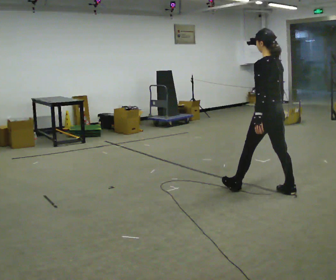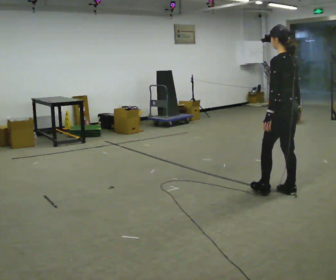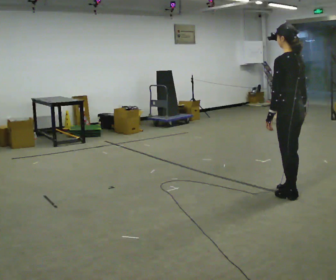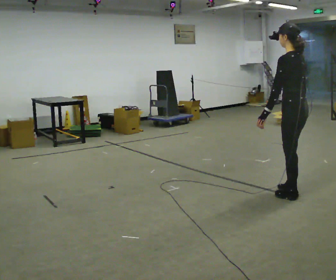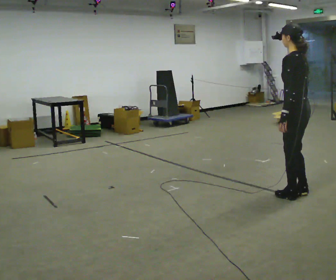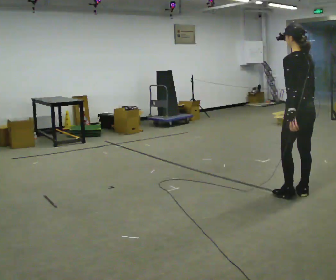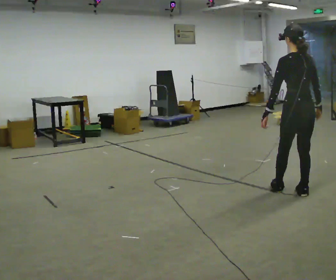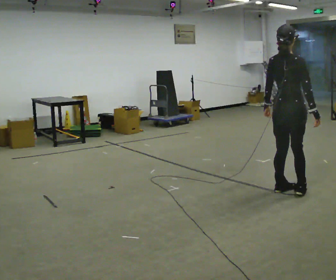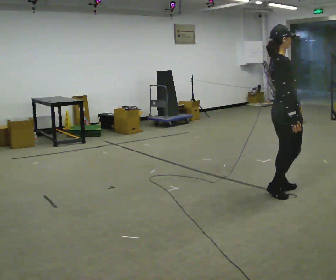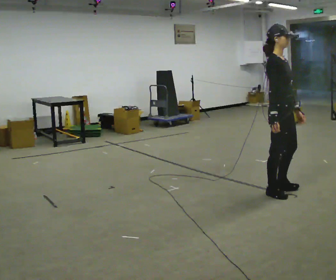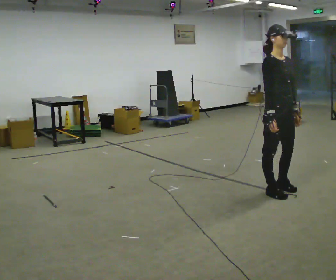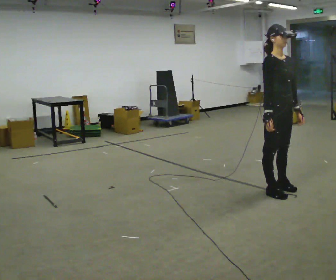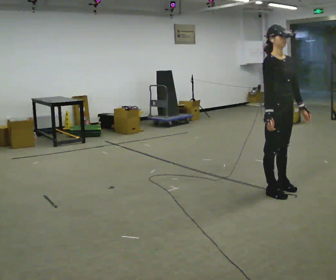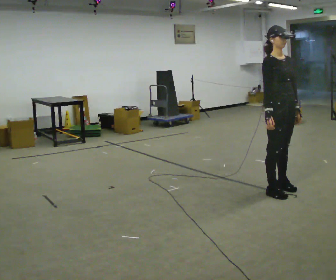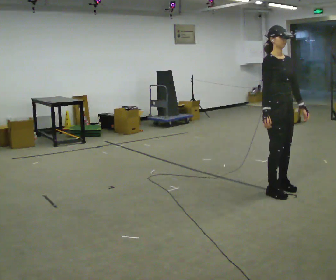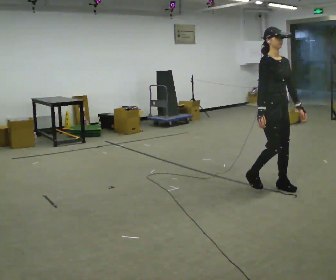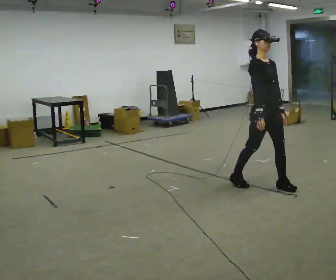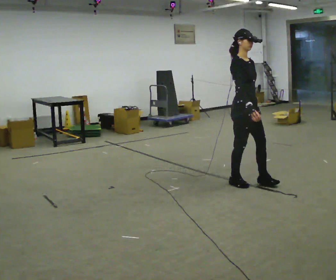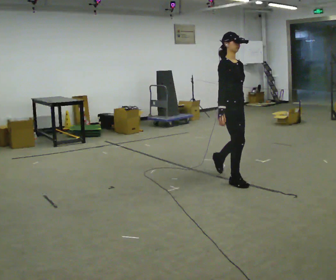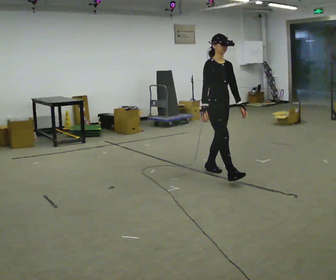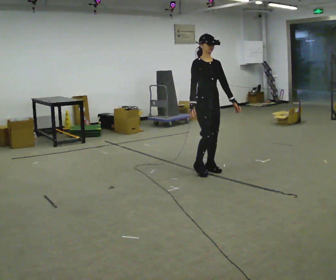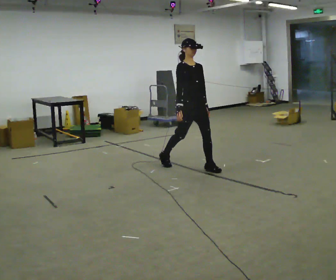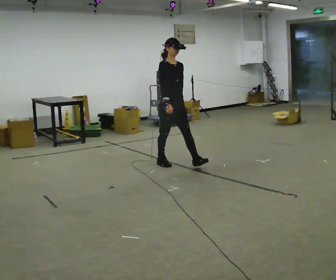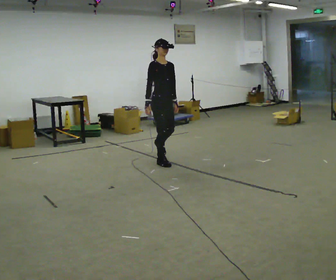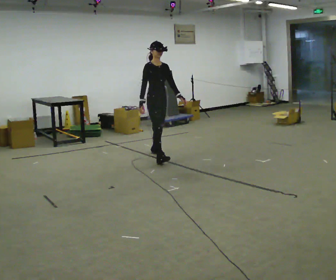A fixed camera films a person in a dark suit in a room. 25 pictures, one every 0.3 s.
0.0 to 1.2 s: In the picture they go to the right and toward the camera, about 0.25 m in 1 step, which for them is backward.
1.2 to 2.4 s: The part of the body nearest the lens slides to the left as the person turns to their right by about 135 degrees. In the picture they go to the left, about 0.25 m in 2 steps.
2.4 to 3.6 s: Seen from above the body turns clockwise, about 60 degrees: to their right, with its near side sliding to the left.
3.6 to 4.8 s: In the picture they go away from the camera, about 0.25 m in 1 step, which for them is backward.
4.8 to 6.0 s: In the picture they go to the left and away from the camera, about 1 m in 2 steps, which for them is backward.
6.0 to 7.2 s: In the picture they go to the left and away from the camera, about 1 m in 2 steps, which for them is backward.
The film runs backward here.
